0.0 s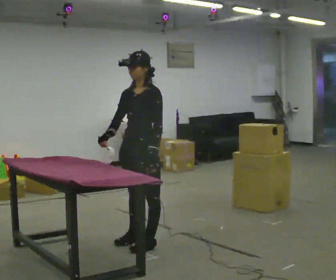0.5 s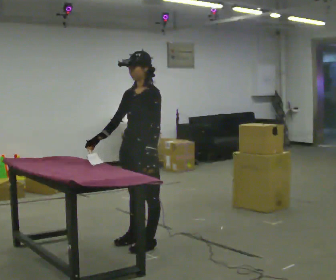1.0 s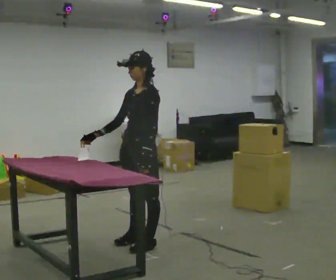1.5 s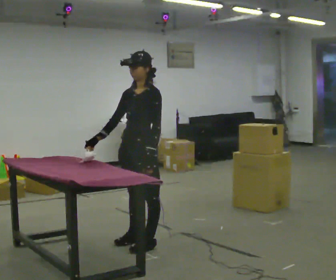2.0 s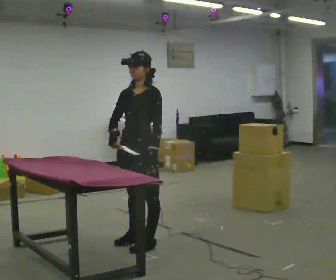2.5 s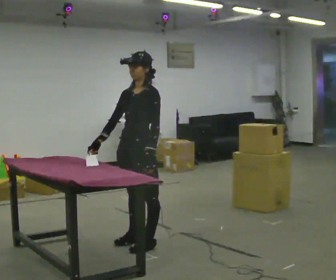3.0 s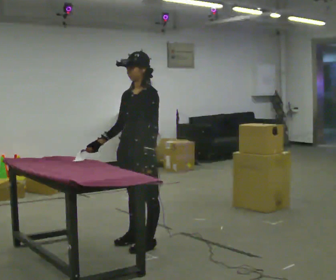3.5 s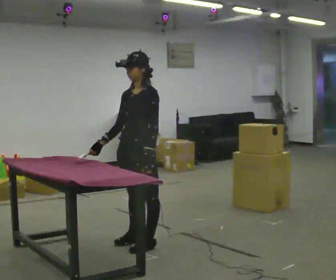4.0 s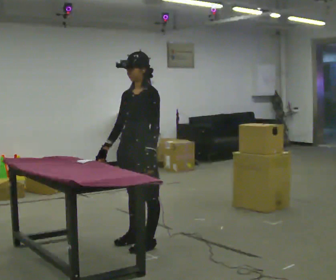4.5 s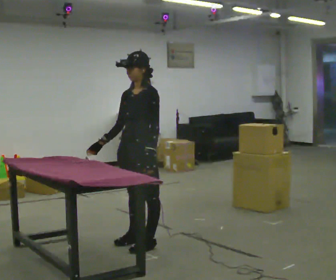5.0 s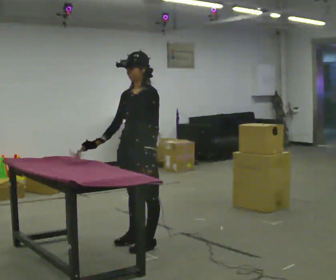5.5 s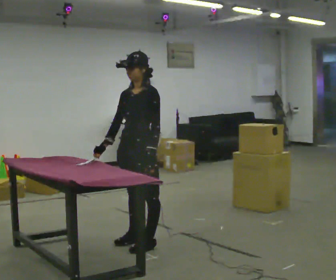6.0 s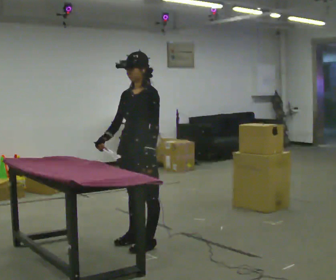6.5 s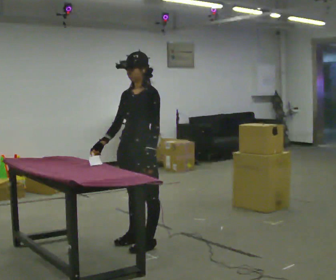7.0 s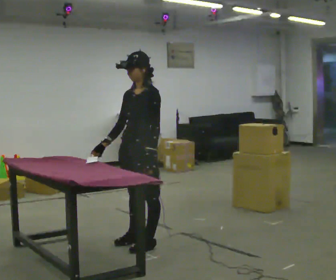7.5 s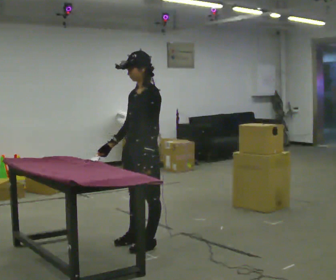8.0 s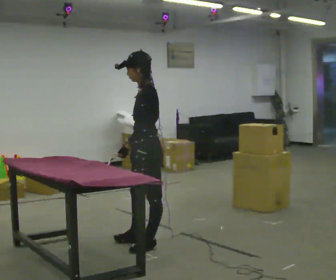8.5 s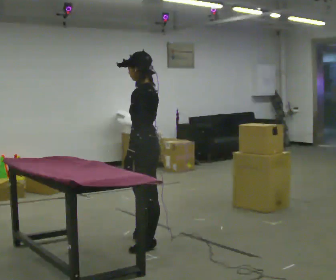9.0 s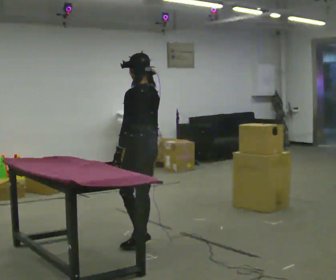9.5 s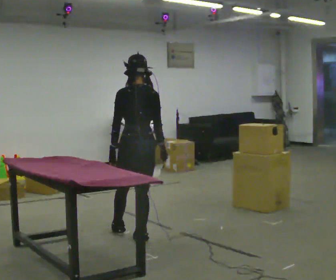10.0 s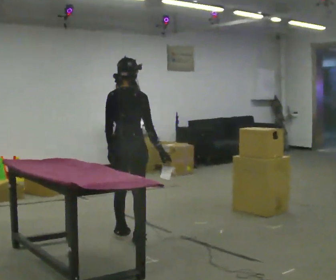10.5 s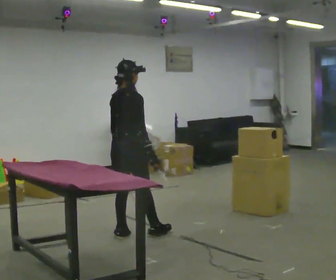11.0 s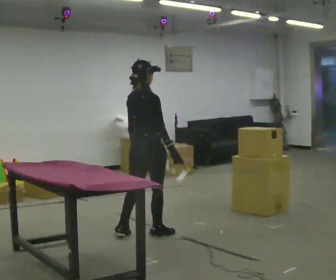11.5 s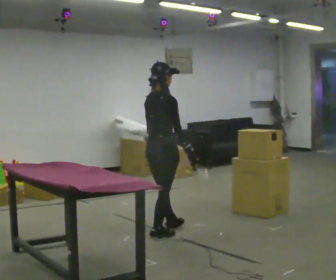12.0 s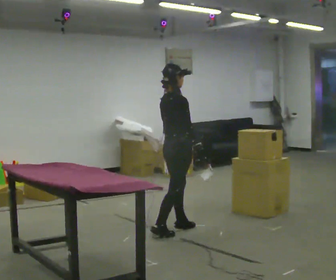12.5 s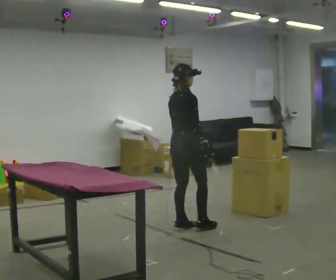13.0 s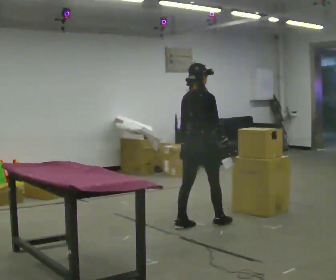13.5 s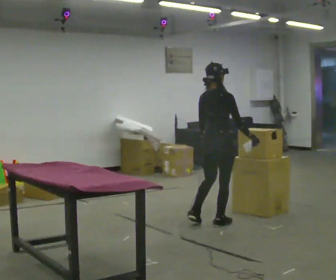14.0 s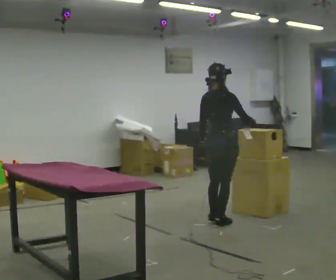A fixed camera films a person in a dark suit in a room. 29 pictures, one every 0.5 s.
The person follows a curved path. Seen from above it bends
clockwise.
0.0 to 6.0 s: The person moves a little, or ends about where they began.
6.0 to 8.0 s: The person turns about 45 degrees to their right, clockwise seen from above, so the part of the body nearest the lens slides to the left.
8.0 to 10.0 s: Seen from above the body turns clockwise, about 120 degrees: to their right, with its near side sliding to the left. In the picture they go away from the camera and to the left, about 0.5 m in 1 step.
10.0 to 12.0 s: The part of the body nearest the lens slides to the left as the person turns to their right by about 45 degrees. In the picture they go to the right and away from the camera, about 0.5 m in 2 steps, which for them is forward.
12.0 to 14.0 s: In the picture they go to the right, about 0.5 m in 2 steps, which for them is forward.
The film runs forward here.
